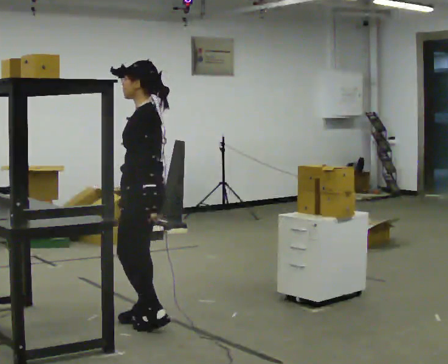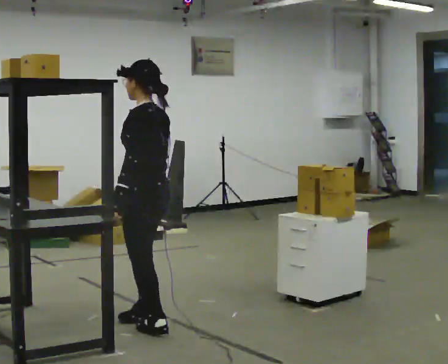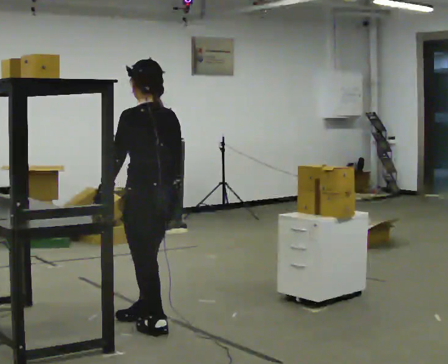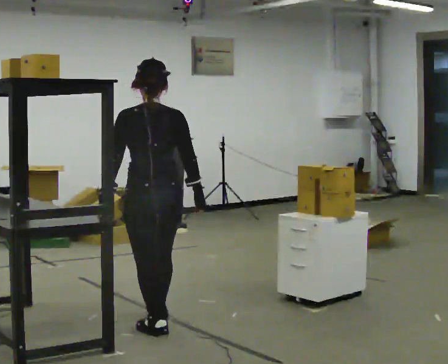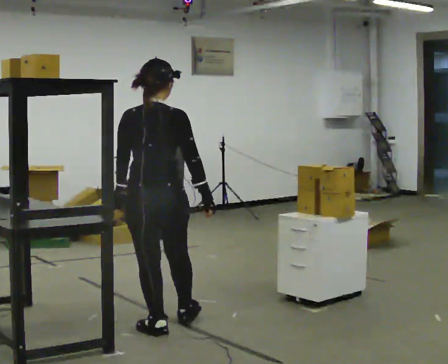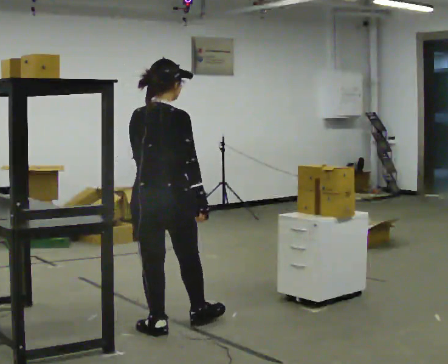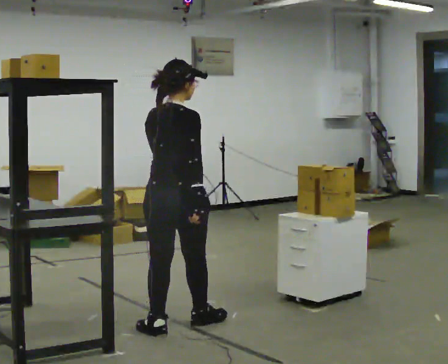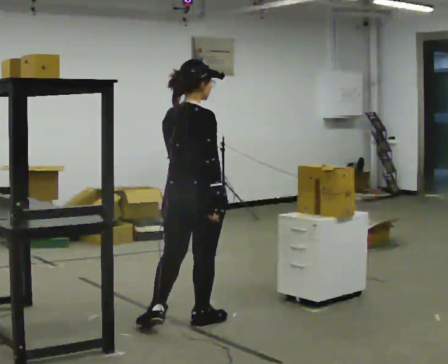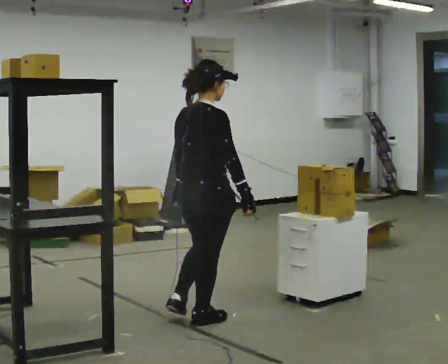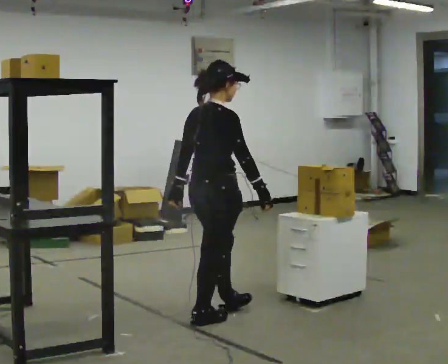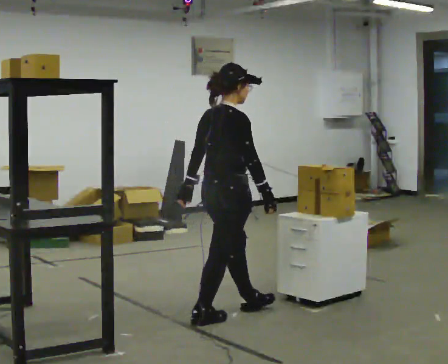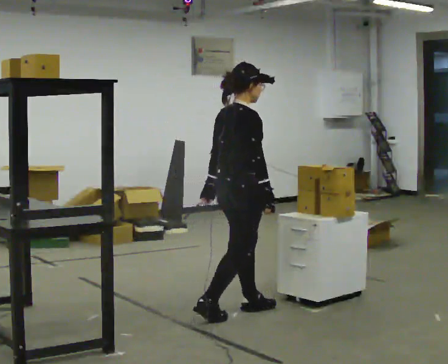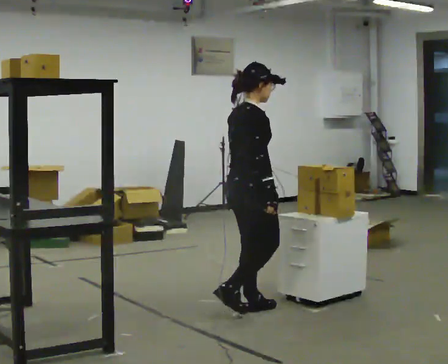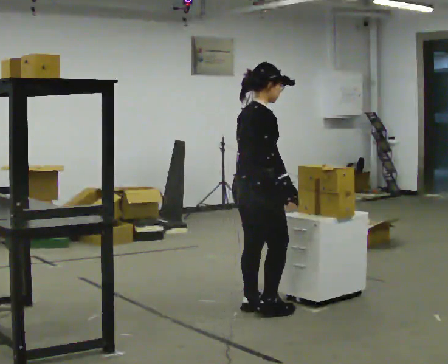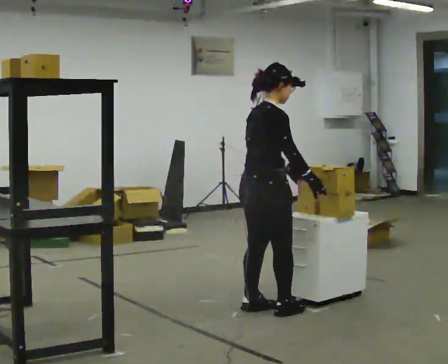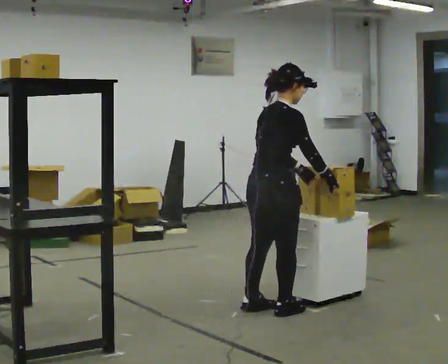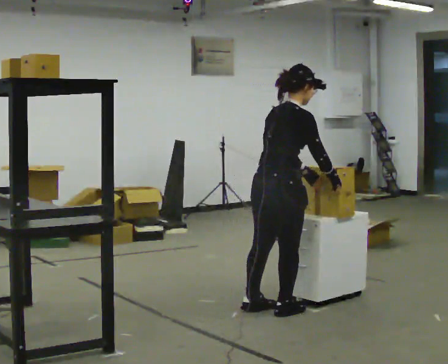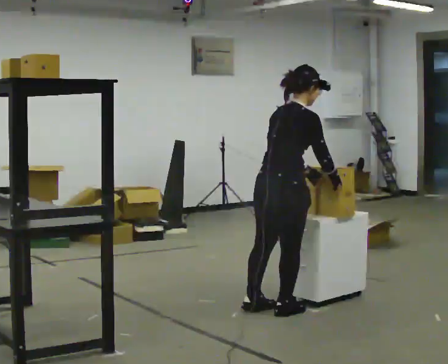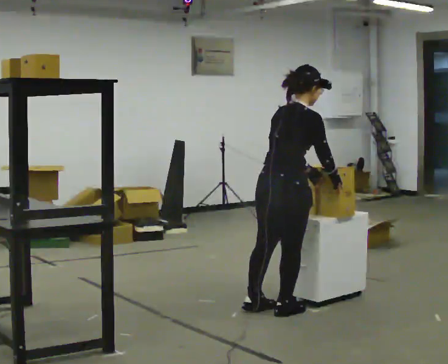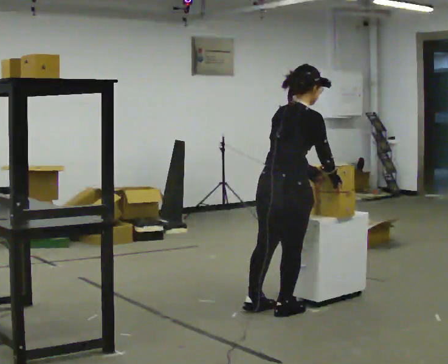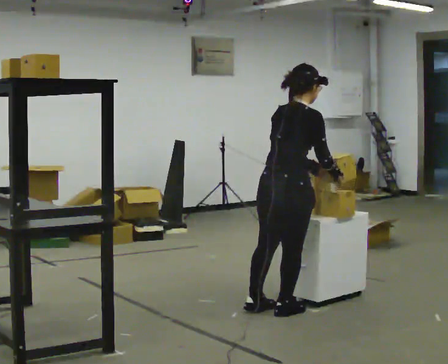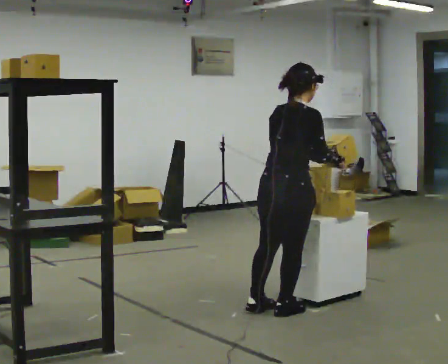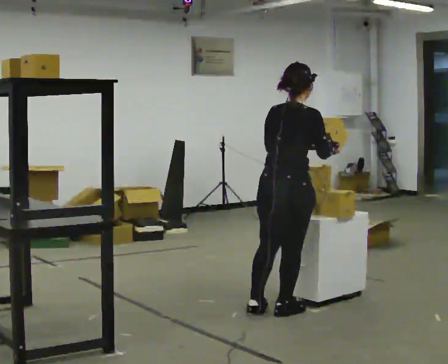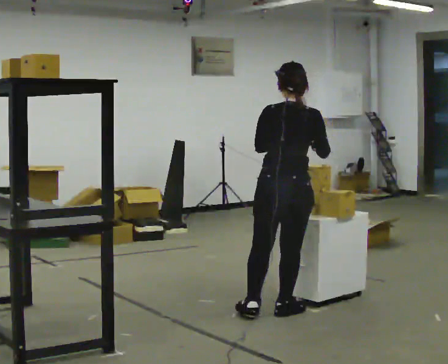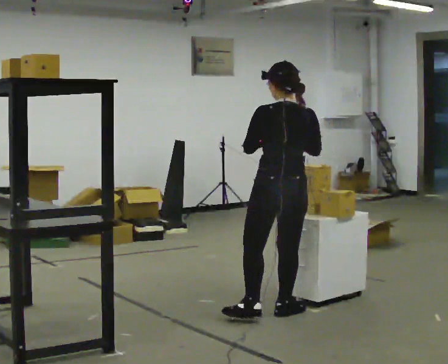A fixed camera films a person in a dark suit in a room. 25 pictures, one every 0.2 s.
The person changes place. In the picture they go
to the right.
0.0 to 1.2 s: The person turns about 105 degrees to their right, clockwise seen from above, so the part of the body nearest the lens slides to the left. In the picture they go to the right, about 0.25 m in 2 steps.
1.2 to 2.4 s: The person turns about 45 degrees to their right, clockwise seen from above, so the part of the body nearest the lens slides to the left. In the picture they go to the right and away from the camera, about 0.5 m in 1 step, which for them is forward.
2.4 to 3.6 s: In the picture they go to the right, about 0.25 m in 1 step, which for them is to their right and forward. In the picture their right hand goes to the right.
3.6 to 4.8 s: Seen from above the body turns counterclockwise, about 60 degrees: to their left, with its near side sliding to the right.
The film runs forward here.
